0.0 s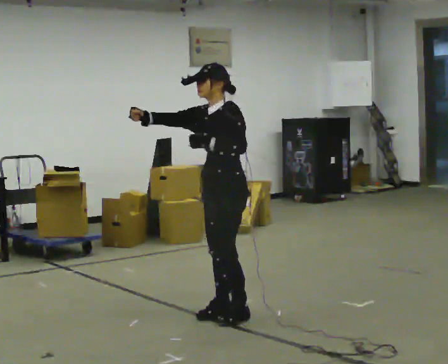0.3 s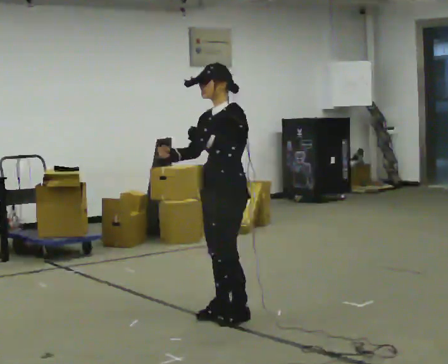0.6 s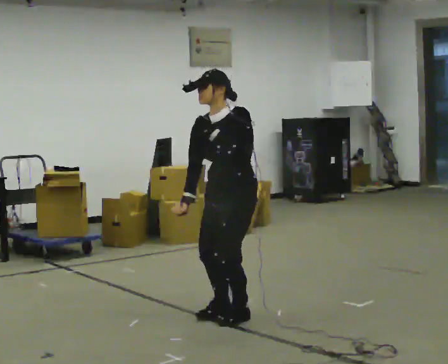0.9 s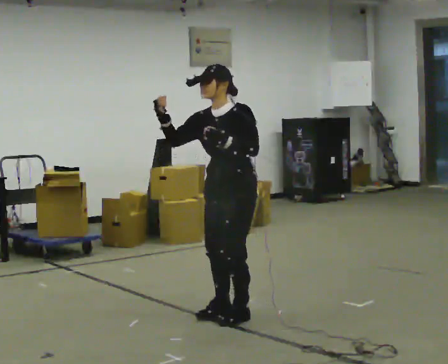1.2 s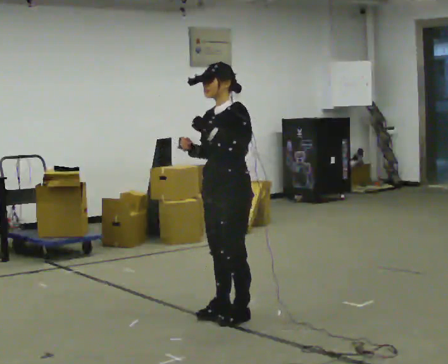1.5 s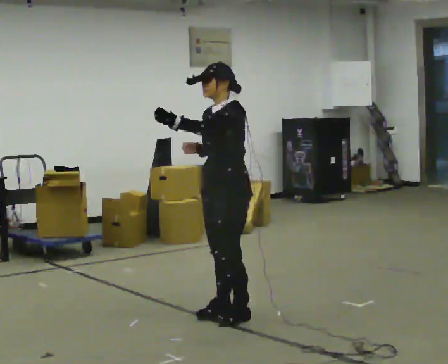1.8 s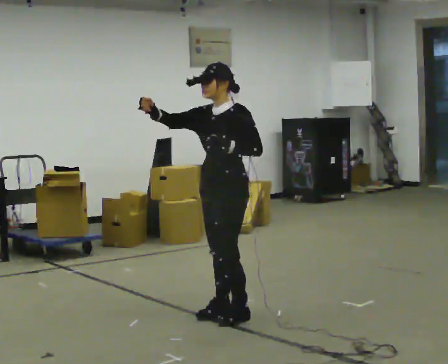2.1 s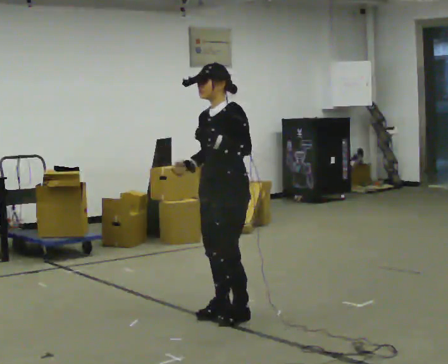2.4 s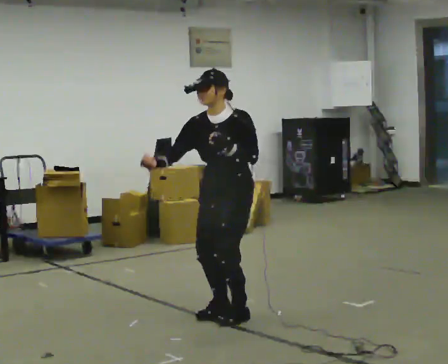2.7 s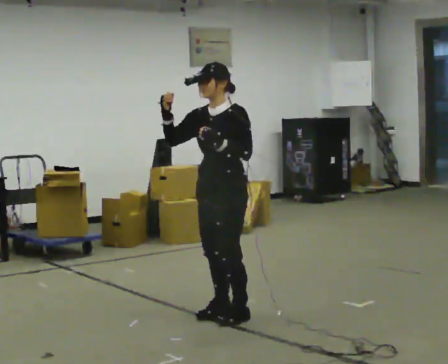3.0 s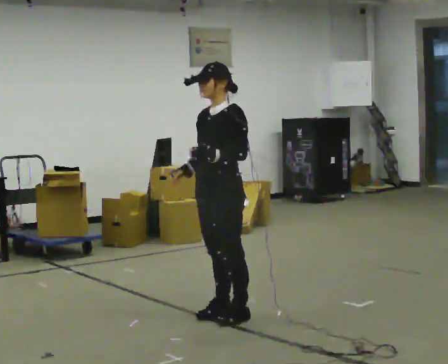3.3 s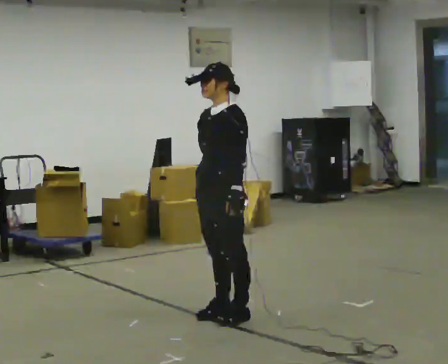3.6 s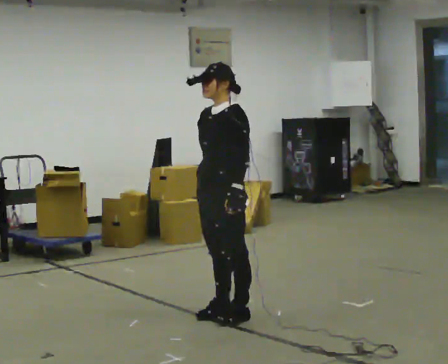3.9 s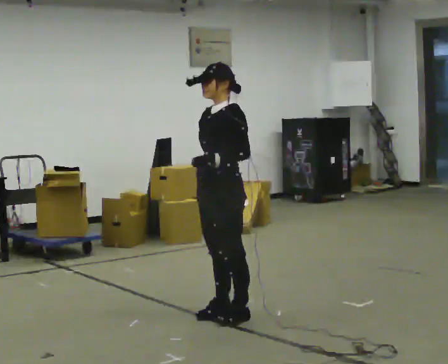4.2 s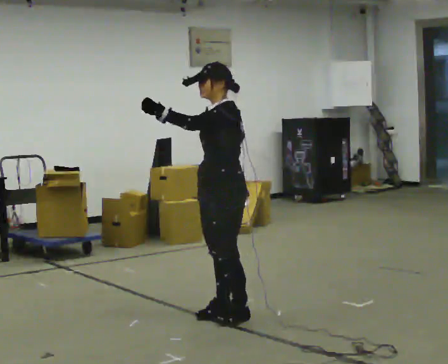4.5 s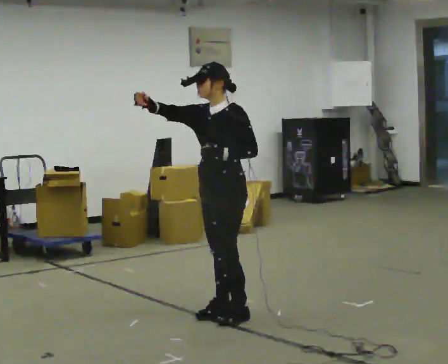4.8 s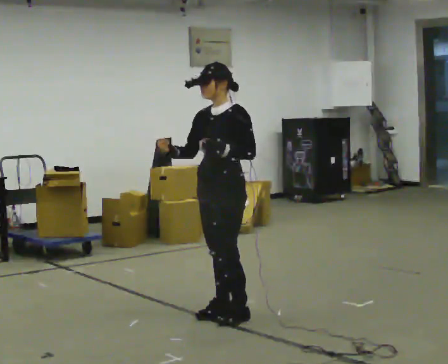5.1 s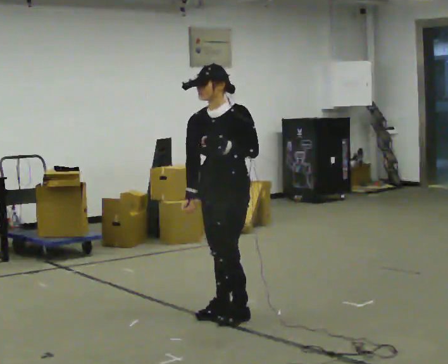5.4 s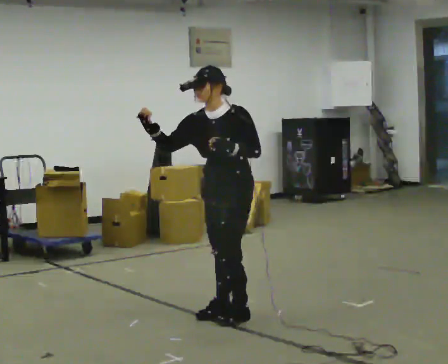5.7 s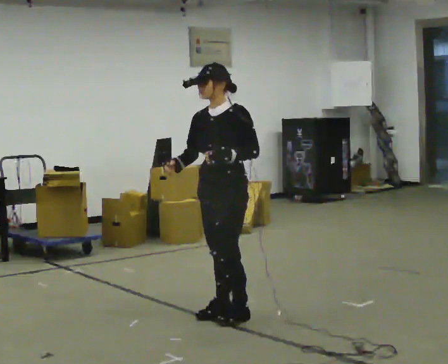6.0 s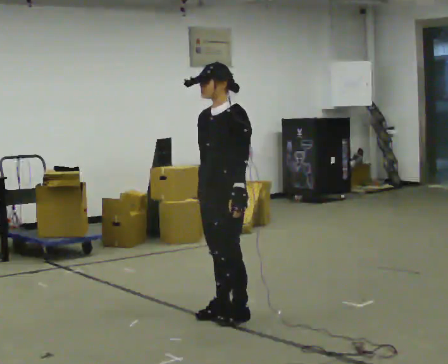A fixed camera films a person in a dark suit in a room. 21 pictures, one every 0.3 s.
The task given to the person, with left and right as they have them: Mimic boxing into the air at moderate speed with both hands, moving your feet only a little. Stay controlled; do not punch at full speed.
0.0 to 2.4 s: Seen from above the body turns counterclockwise, about 30 degrees: to their left, with its near side sliding to the right.
2.4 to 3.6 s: Seen from above the body turns clockwise, about 30 degrees: to their right, with its near side sliding to the left.
3.6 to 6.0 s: The person moves a little, or ends about where they began.
The film runs forward here.
